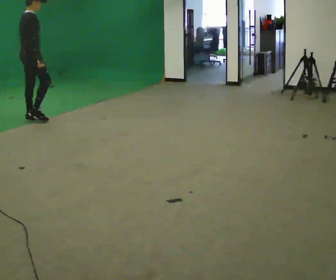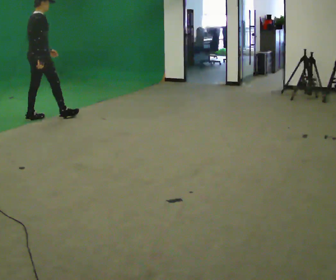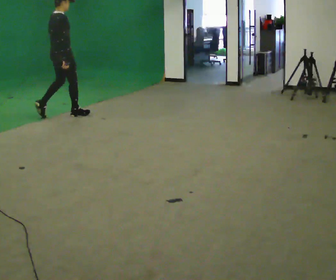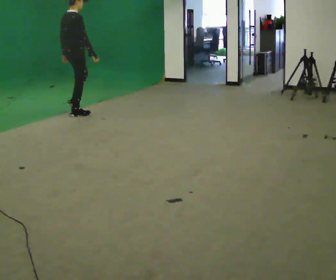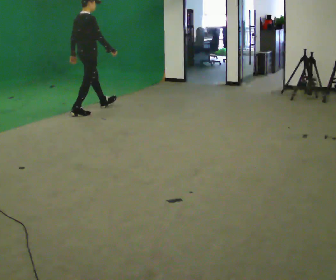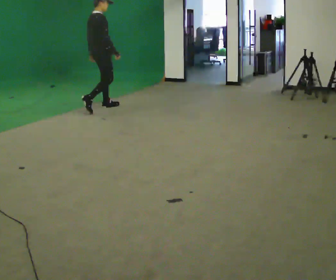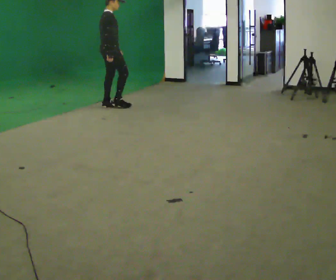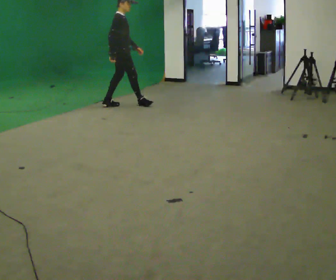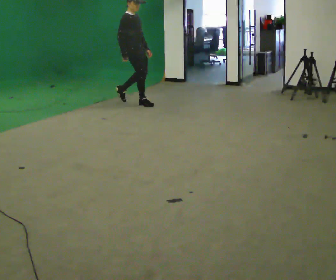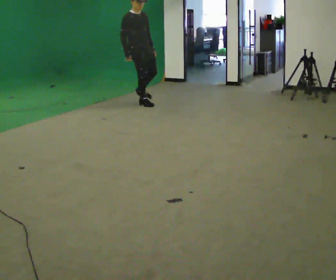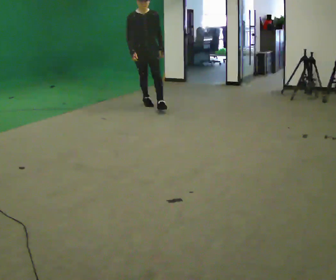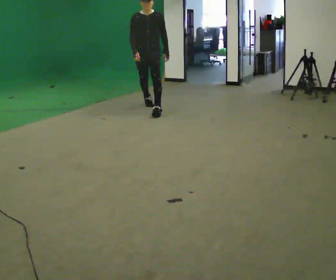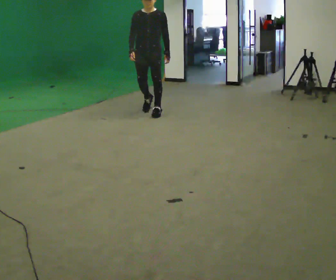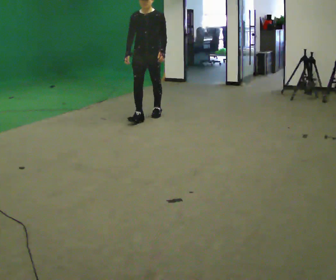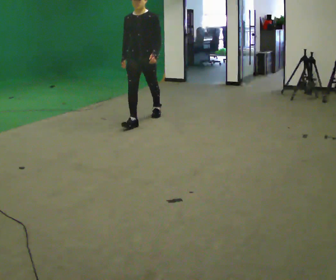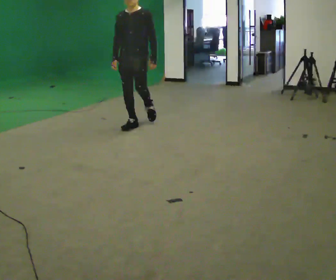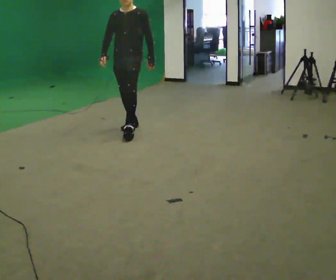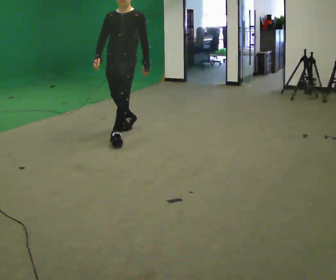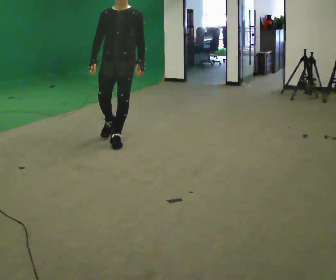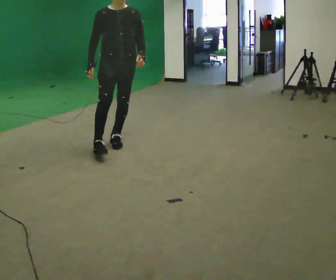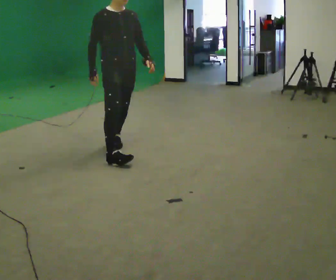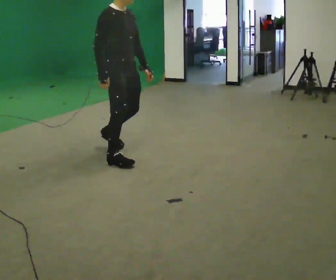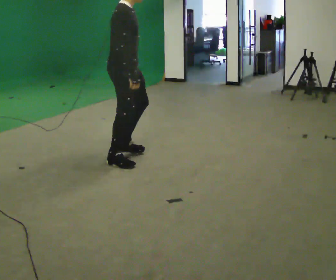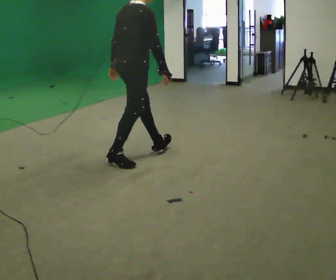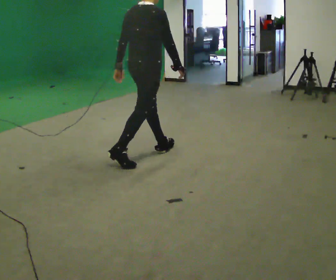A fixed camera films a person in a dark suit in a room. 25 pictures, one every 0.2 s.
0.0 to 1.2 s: In the picture they go to the right and away from the camera, about 1 m in 2 steps, which for them is forward.
1.2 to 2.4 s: The person turns about 120 degrees to their right, clockwise seen from above, so the part of the body nearest the lens slides to the left. In the picture they go to the right and toward the camera, about 0.75 m in 2 steps.
2.4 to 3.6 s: In the picture they go toward the camera, about 1.5 m in 2 steps, which for them is forward.
3.6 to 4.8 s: The person turns about 135 degrees to their left, counterclockwise seen from above, so the part of the body nearest the lens slides to the right. In the picture they go toward the camera and to the right, about 0.5 m in 2 steps.
The film runs forward here.
